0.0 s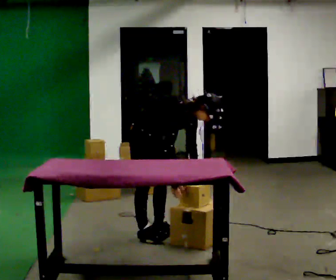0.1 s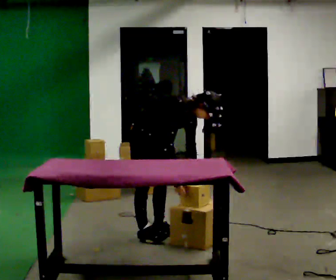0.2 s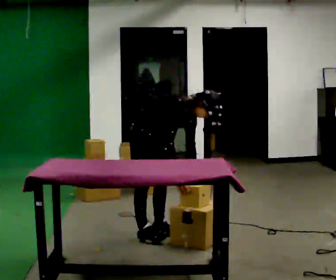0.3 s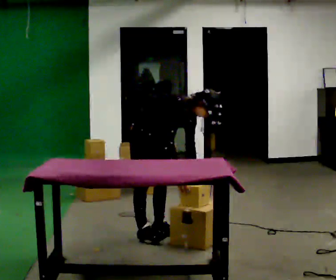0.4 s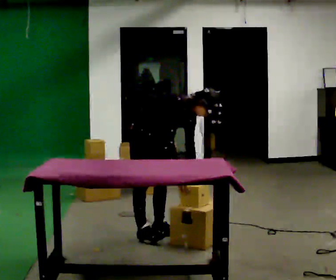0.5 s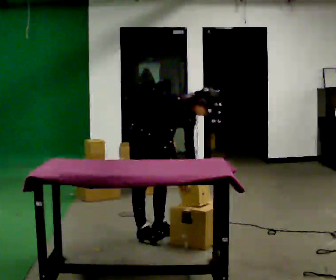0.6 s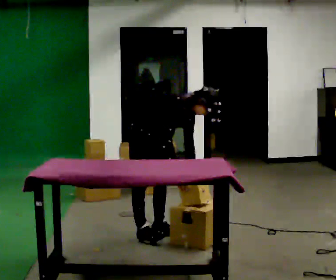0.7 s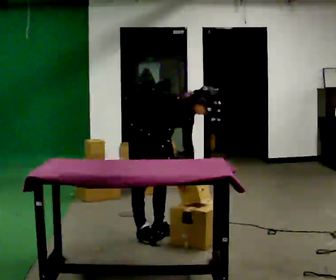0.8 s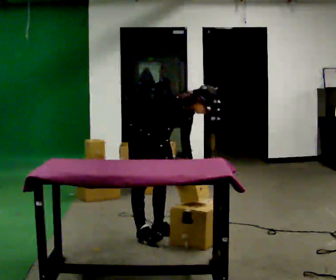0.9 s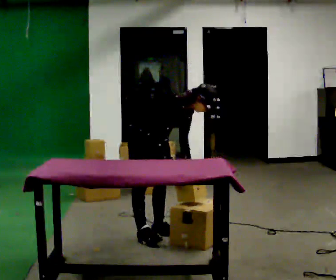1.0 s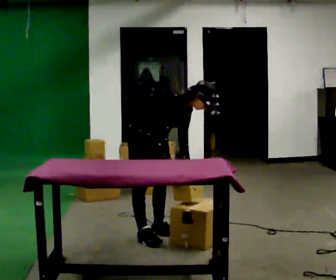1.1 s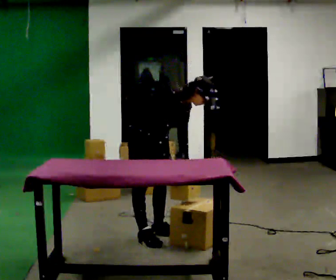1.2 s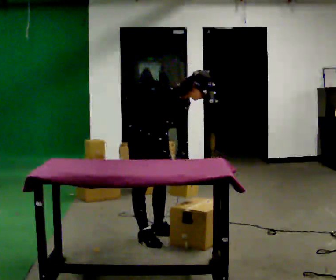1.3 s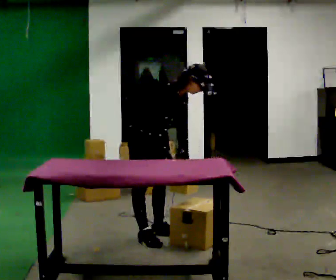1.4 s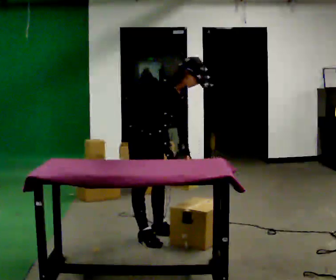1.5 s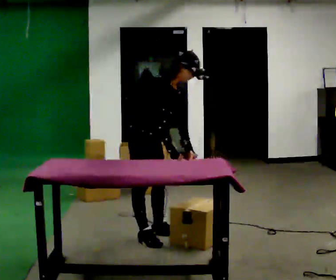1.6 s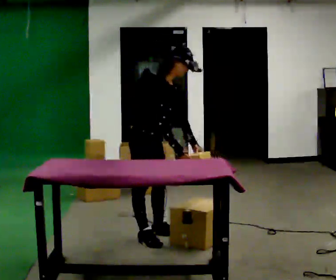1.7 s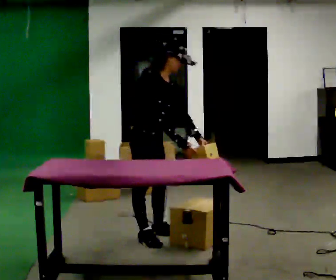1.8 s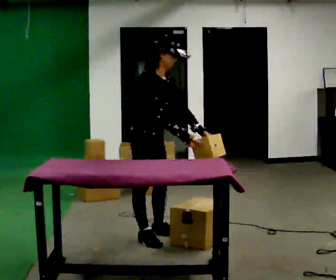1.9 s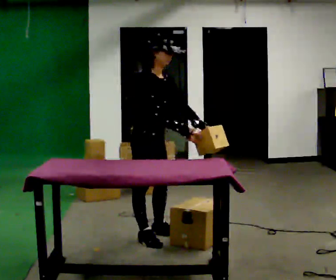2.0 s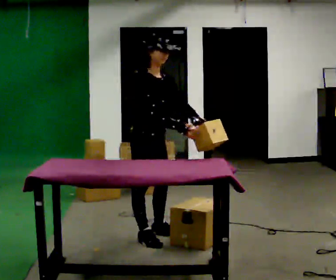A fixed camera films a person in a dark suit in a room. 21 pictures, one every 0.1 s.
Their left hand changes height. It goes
upward.
The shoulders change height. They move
upward.
0.0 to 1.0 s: The person moves a little, or ends about where they began.
1.0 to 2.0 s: In the picture they go toward the camera, about 0.25 m, which for them is to their right and forward. The shoulders move upward. In the picture the upper body tilts counterclockwise, shoulders to the left, as they lean back or straighten. In the picture their left hand goes upward.
The film runs backward here.
